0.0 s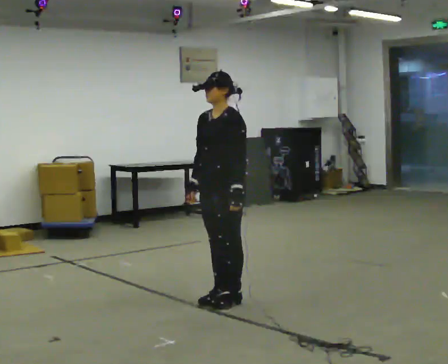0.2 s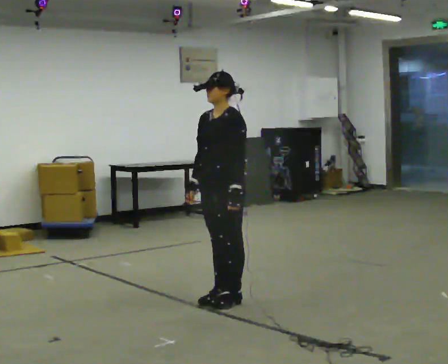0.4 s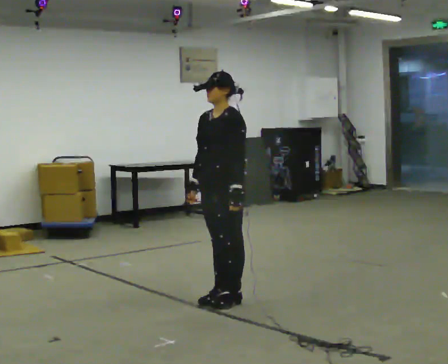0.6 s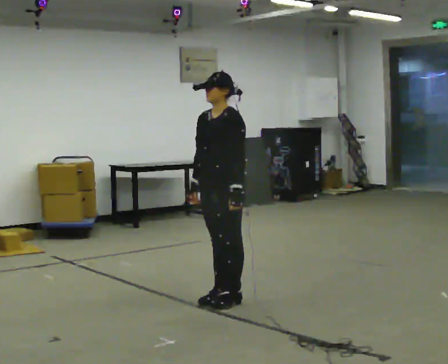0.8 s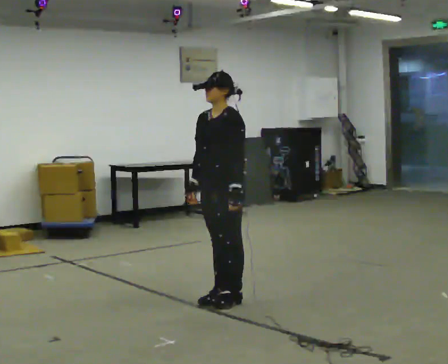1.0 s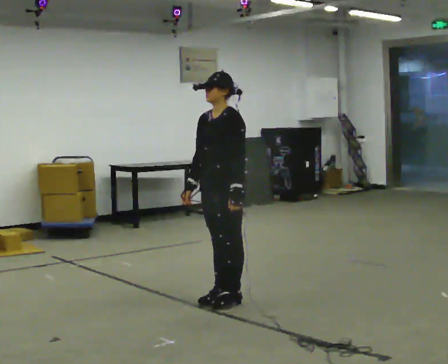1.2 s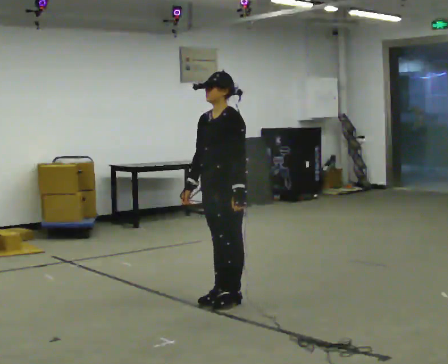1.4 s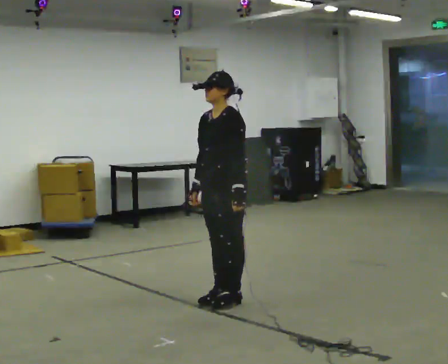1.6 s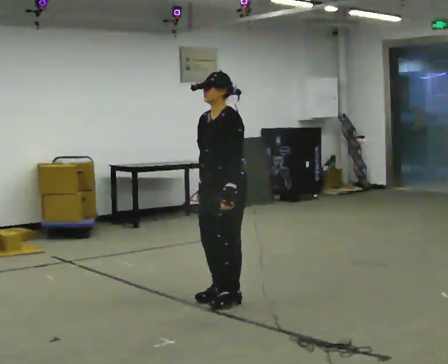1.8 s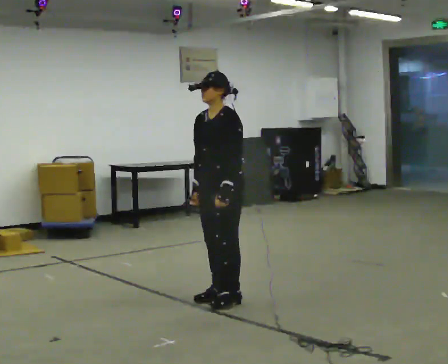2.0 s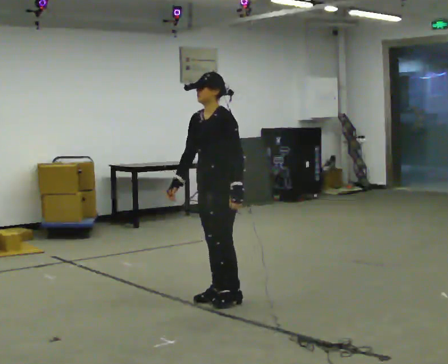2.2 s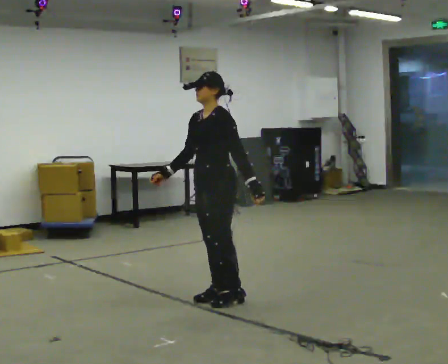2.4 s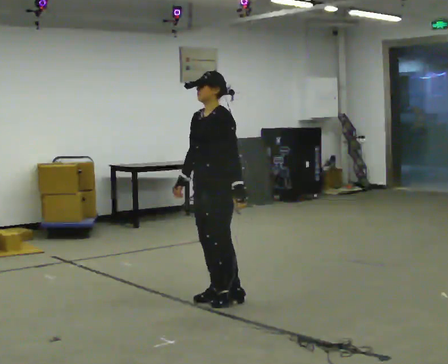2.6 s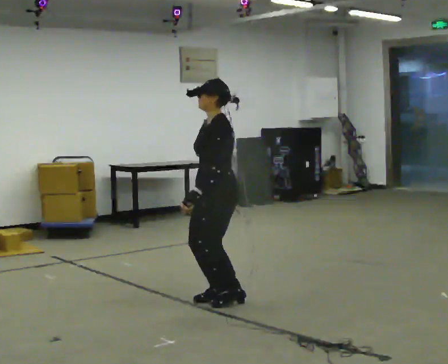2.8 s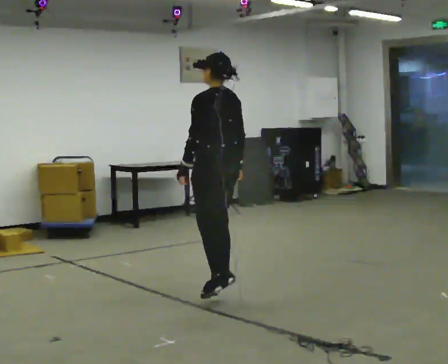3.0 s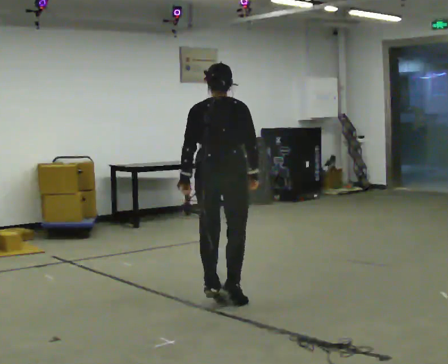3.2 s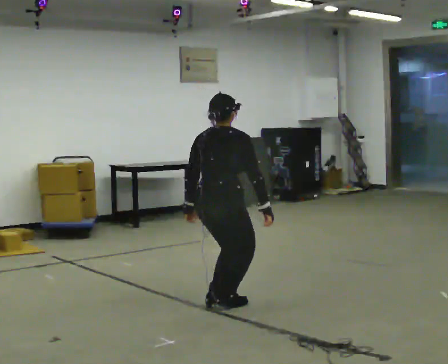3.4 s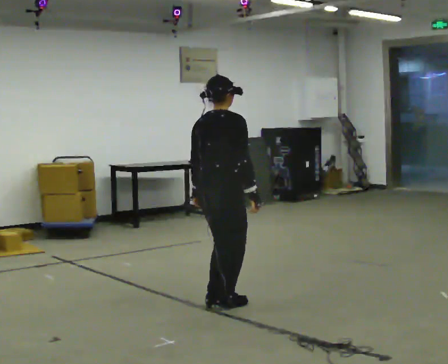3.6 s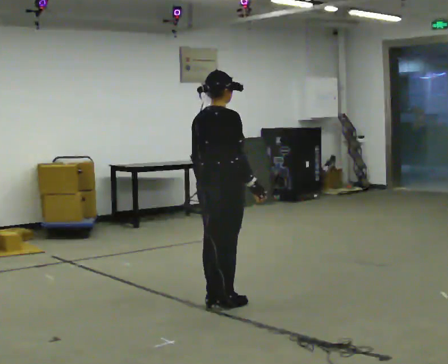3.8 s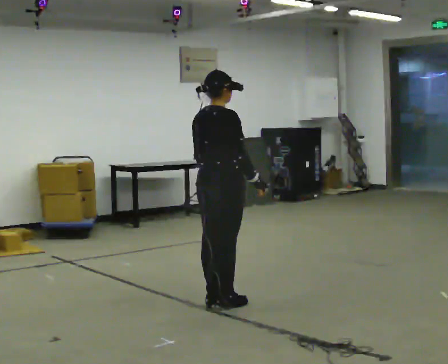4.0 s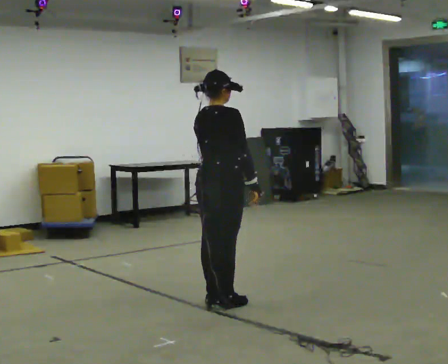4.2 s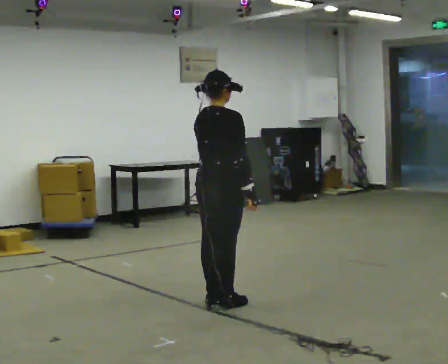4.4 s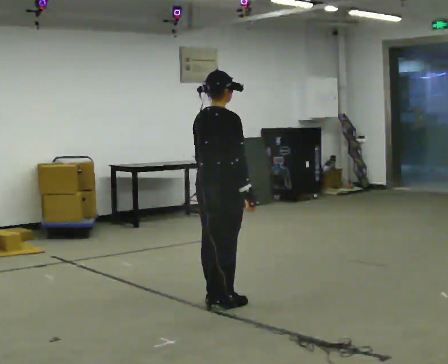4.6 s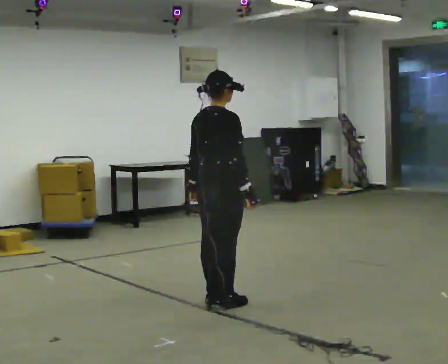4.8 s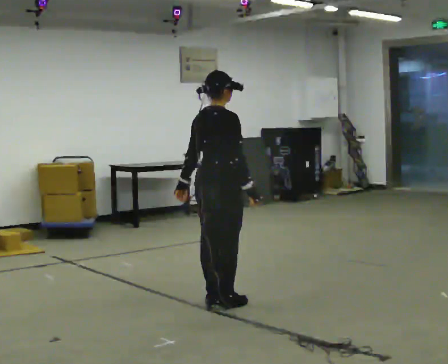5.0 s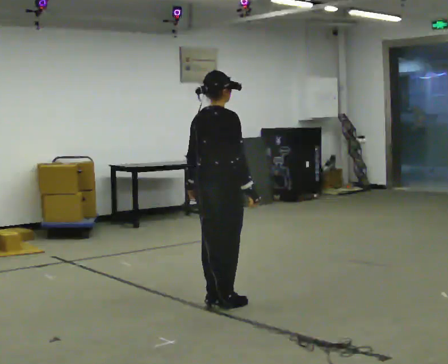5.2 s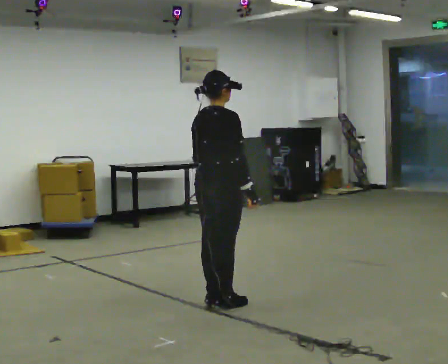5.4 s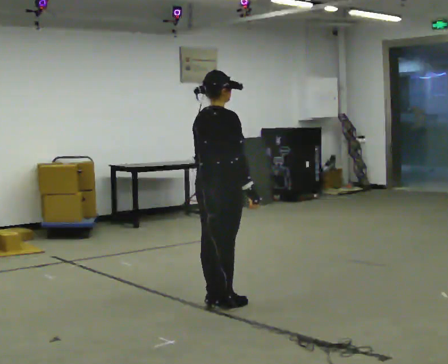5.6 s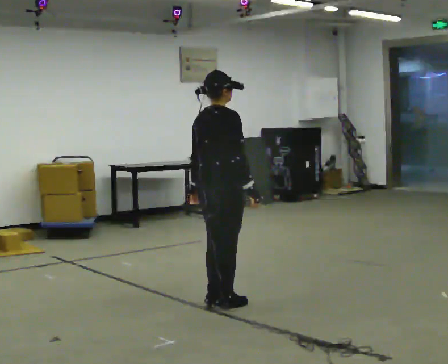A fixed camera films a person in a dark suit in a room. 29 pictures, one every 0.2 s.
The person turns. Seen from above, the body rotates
clockwise.
The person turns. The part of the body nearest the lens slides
to the left.
0.0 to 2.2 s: The person moves a little, or ends about where they began.
2.2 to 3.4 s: The person turns about 165 degrees to their right, clockwise seen from above, so the part of the body nearest the lens slides to the left. In the picture their right hand goes to the right, the arm swinging counterclockwise.
3.4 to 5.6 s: The person moves a little, or ends about where they began.
The film runs backward here.
